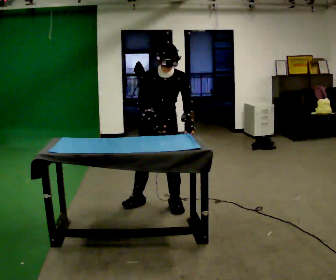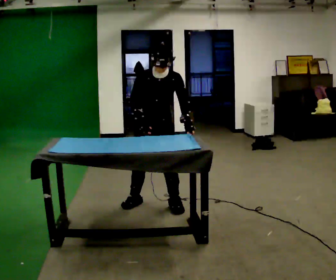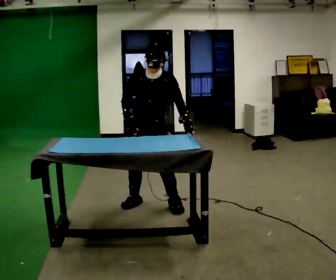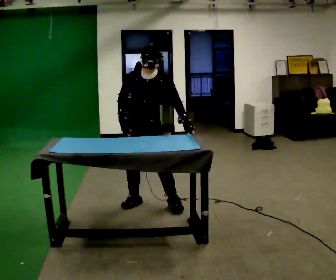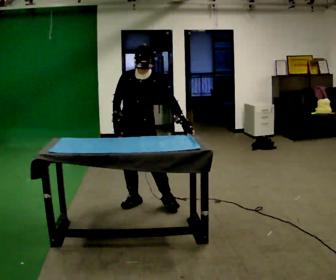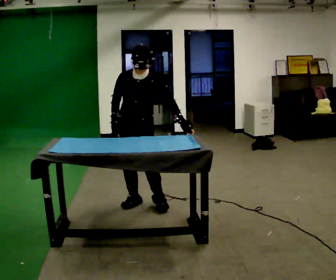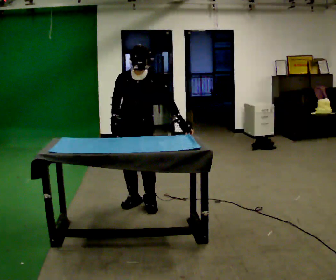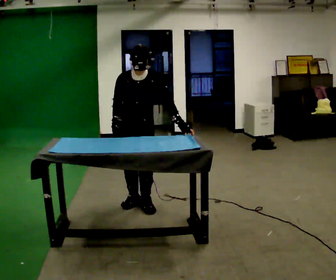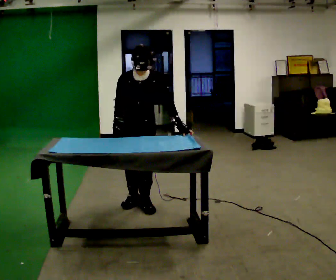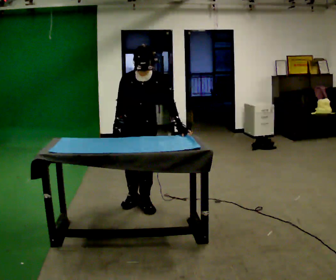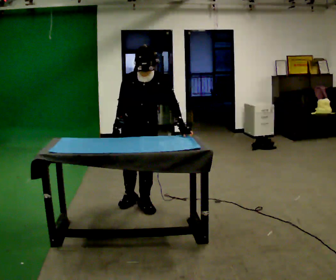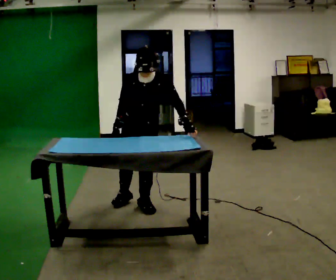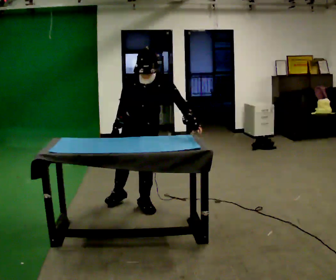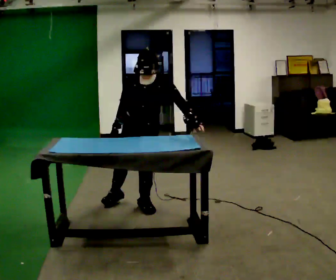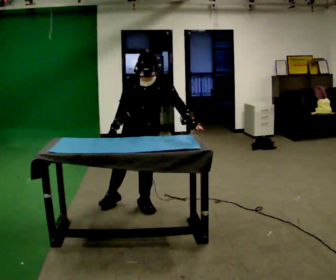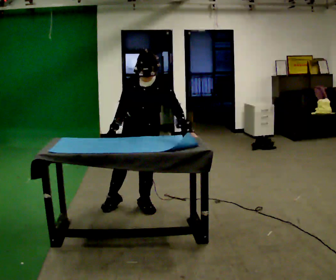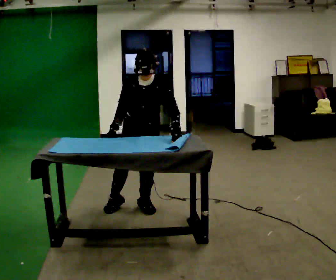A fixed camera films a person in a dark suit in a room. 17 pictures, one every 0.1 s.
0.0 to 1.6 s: The upper body tips toward the camera, its near side rolling downward, as they bend forward. In the picture their right hand goes to the left.
The film runs backward here.
